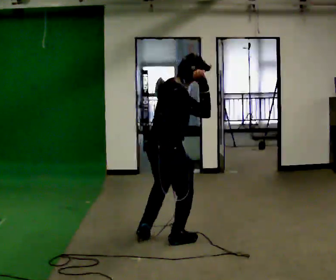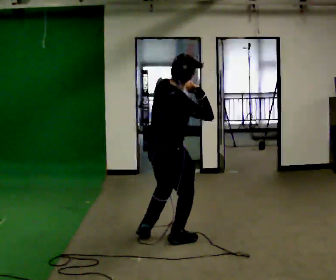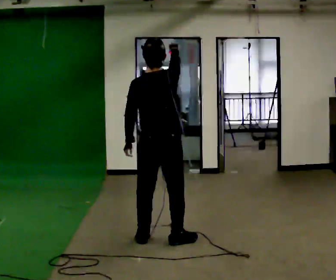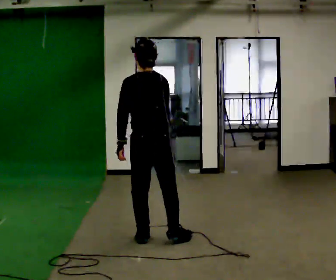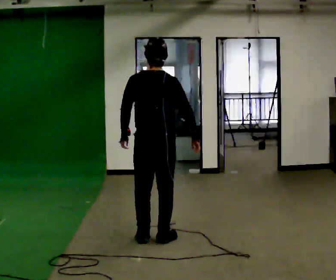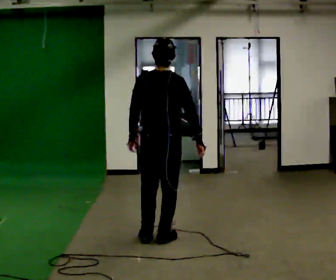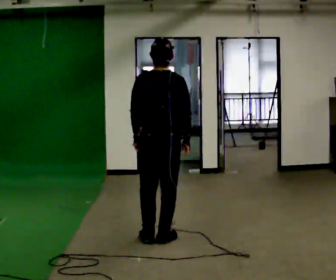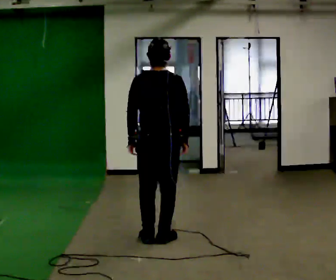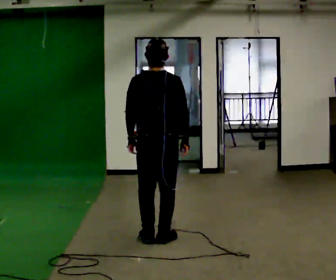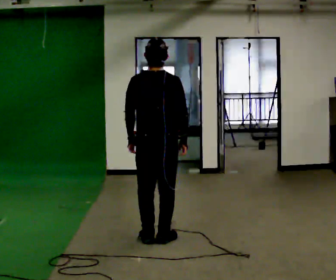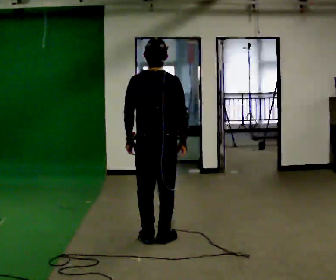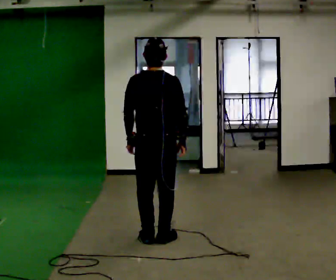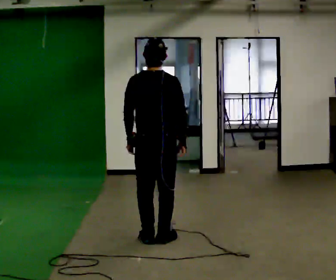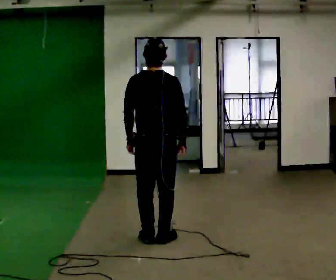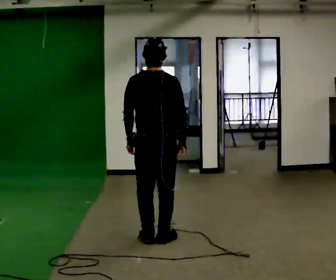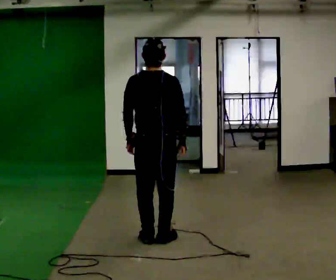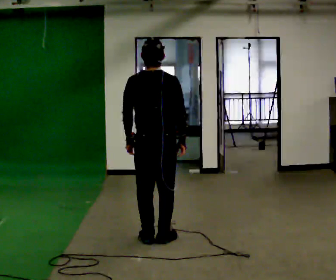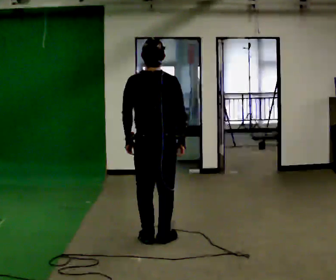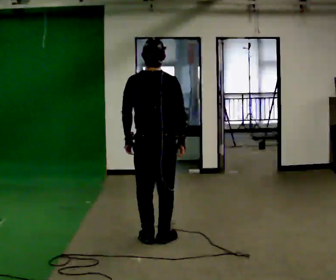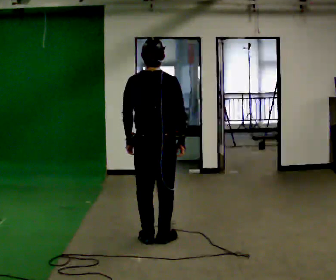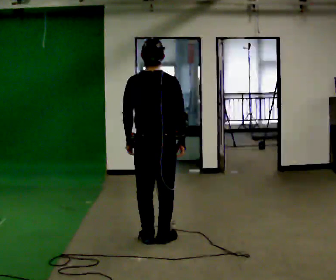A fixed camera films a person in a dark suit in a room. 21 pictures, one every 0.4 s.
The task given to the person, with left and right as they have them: Mime throwing a ball overhand as far as you can, with no ball. Repeat the movement at your own pace until the operator says stop; do not rush.
0.0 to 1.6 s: The part of the body nearest the lens slides to the right as the person turns to their left by about 60 degrees. In the picture their right hand goes downward.
1.6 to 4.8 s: The person moves a little, or ends about where they began.
4.8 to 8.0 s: The person keeps their place and pose.
The film runs forward here.
